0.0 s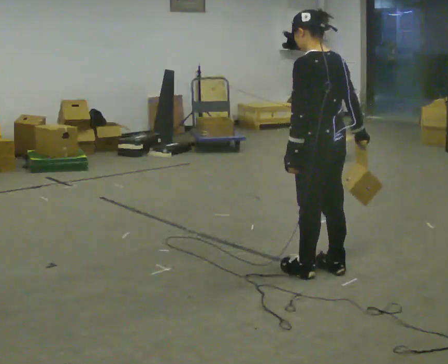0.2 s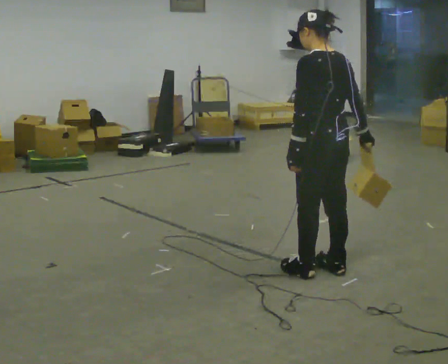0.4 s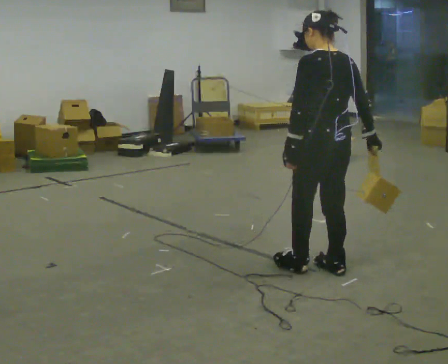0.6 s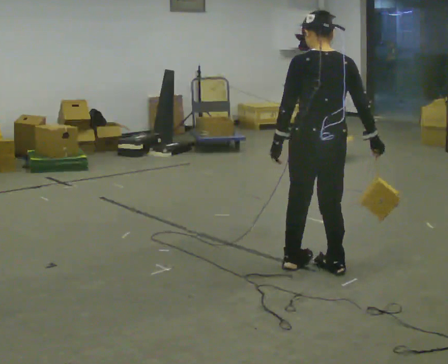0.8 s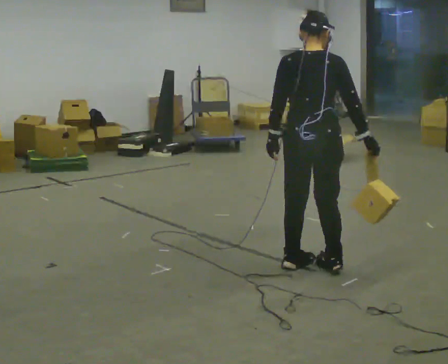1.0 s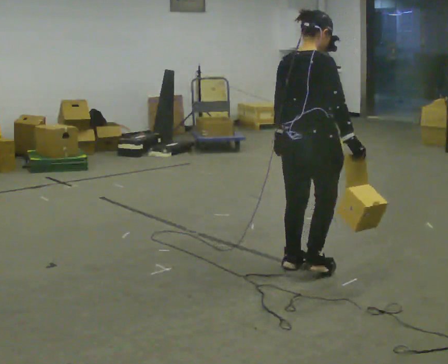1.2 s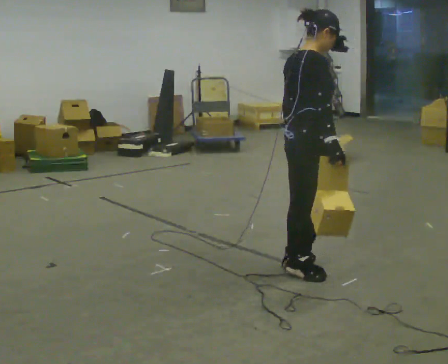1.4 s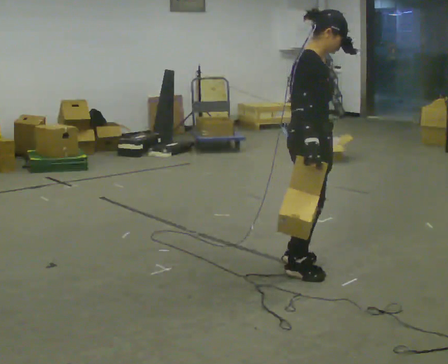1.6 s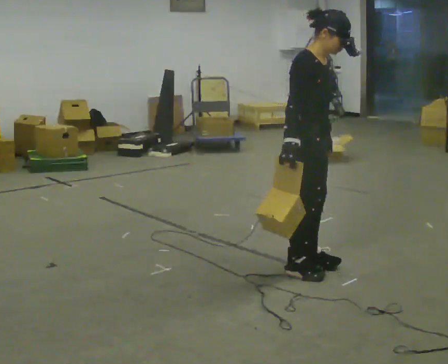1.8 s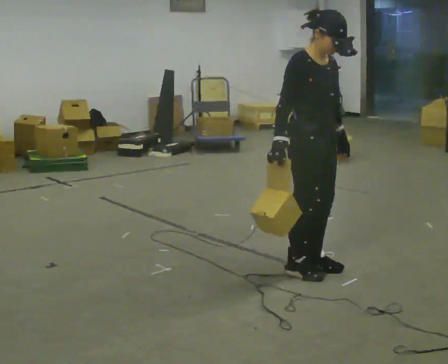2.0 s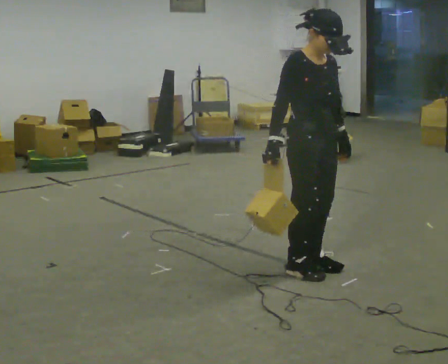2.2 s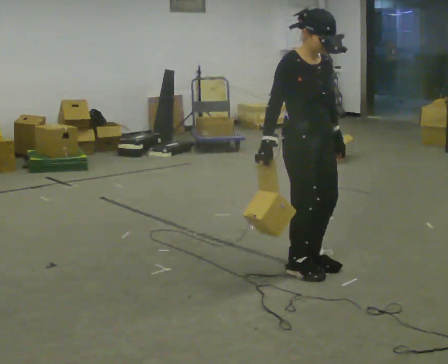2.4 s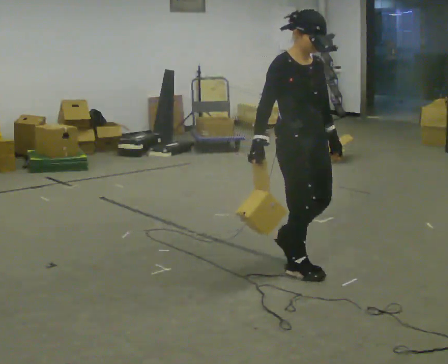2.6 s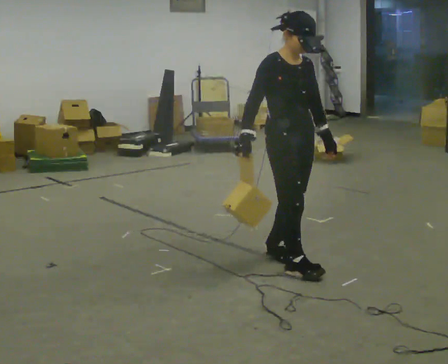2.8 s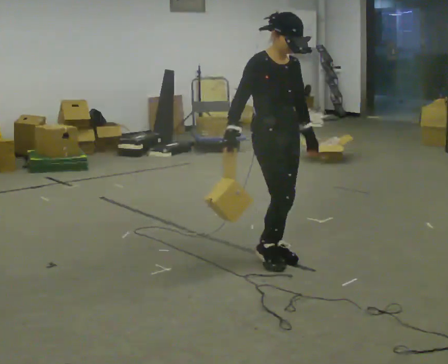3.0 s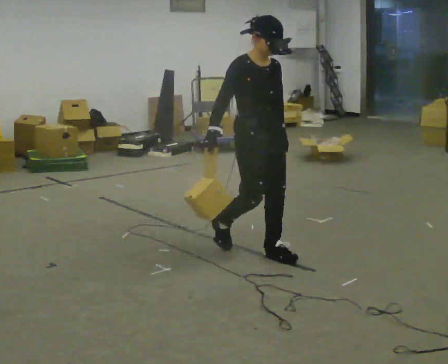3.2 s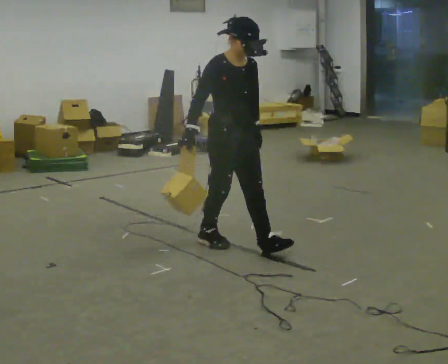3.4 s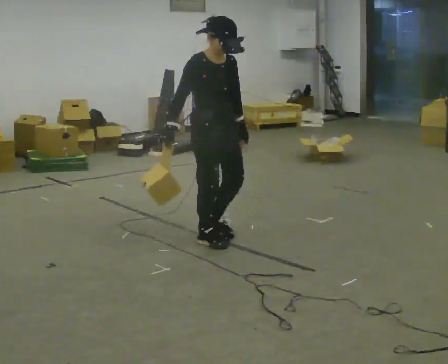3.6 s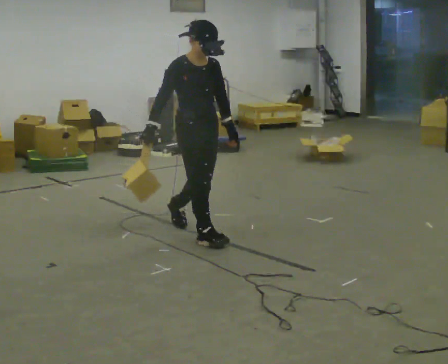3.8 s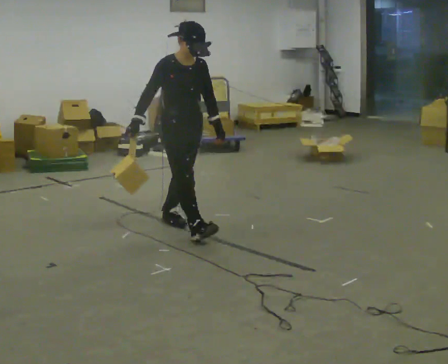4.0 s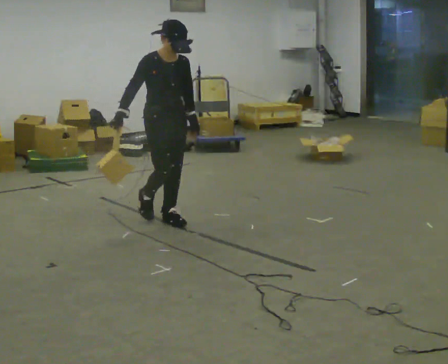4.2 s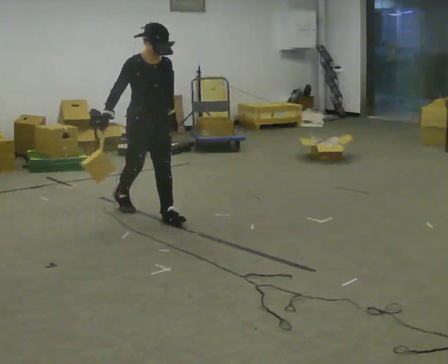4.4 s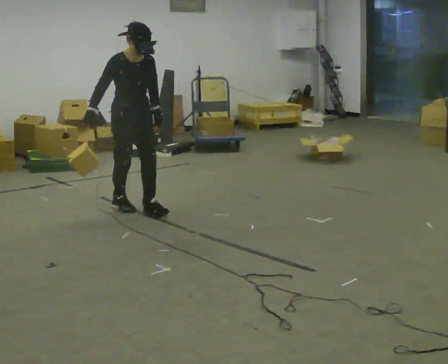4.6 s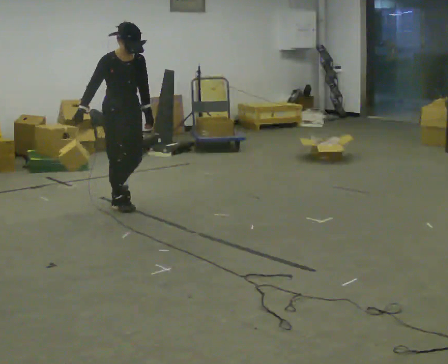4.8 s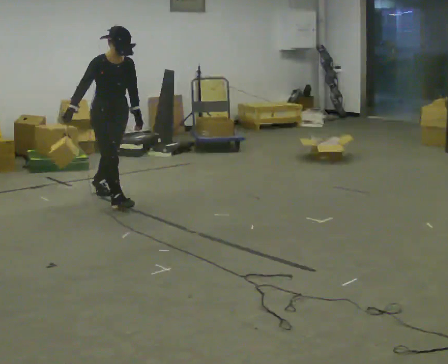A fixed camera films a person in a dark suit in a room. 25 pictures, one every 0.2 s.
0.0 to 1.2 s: The person turns about 105 degrees to their right, clockwise seen from above, so the part of the body nearest the lens slides to the left.
1.2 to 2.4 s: The person turns about 75 degrees to their right, clockwise seen from above, so the part of the body nearest the lens slides to the left. In the picture their right hand goes to the left, the arm swinging clockwise.
2.4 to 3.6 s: In the picture they go to the left and away from the camera, about 1 m in 2 steps, which for them is backward.
3.6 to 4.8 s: In the picture they go away from the camera and to the left, about 1 m in 2 steps, which for them is backward.
The film runs backward here.
